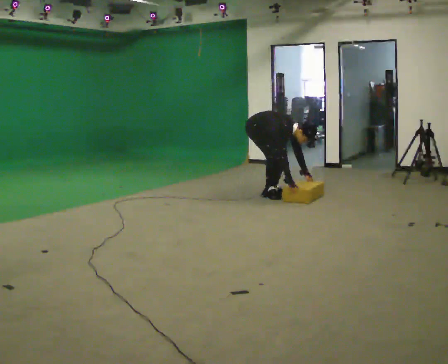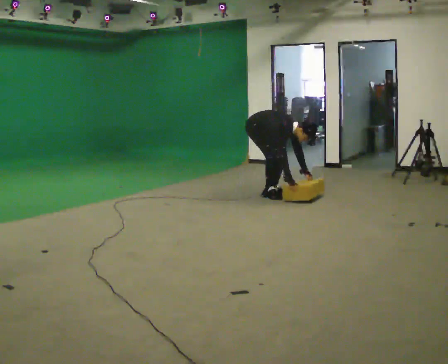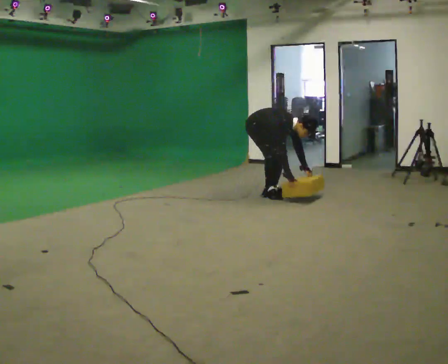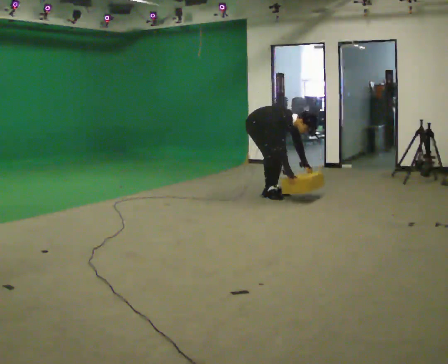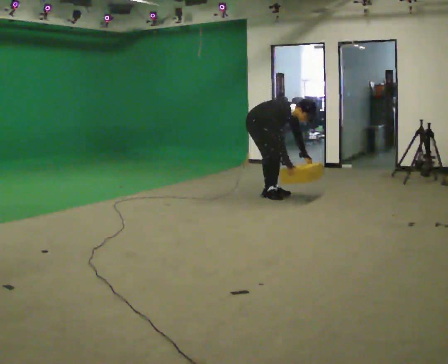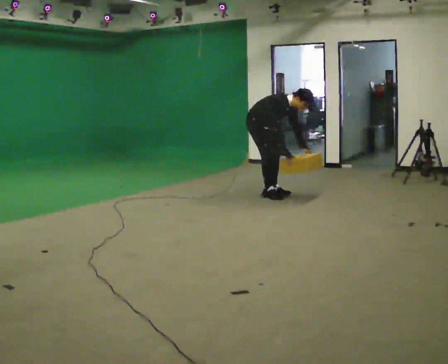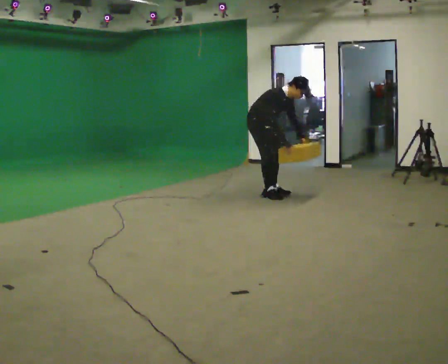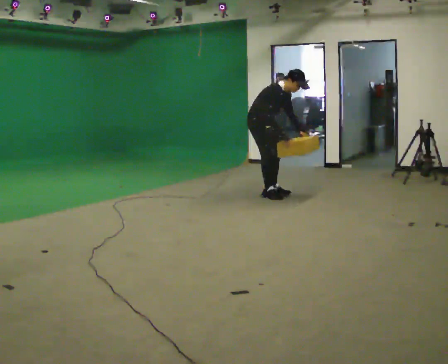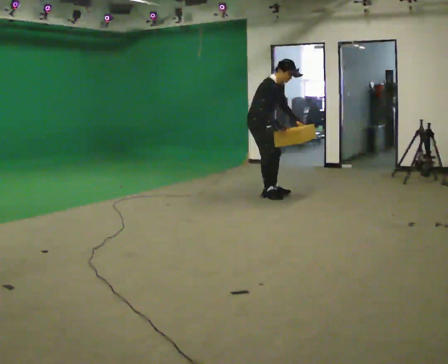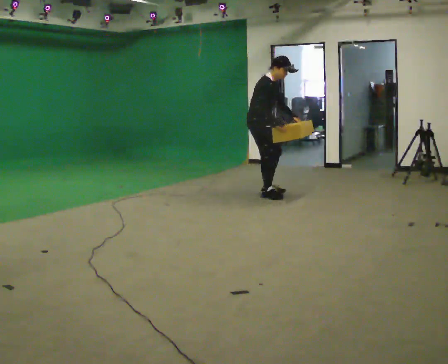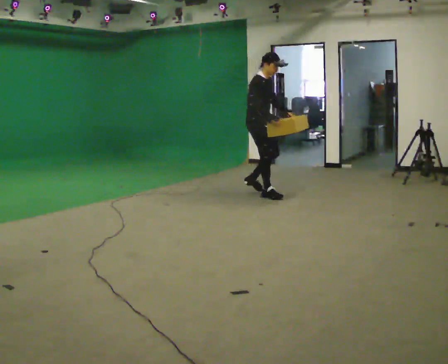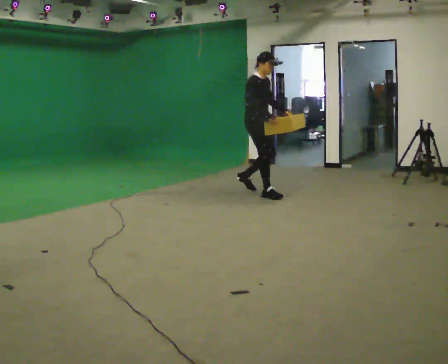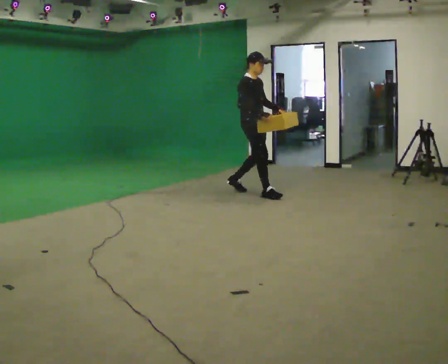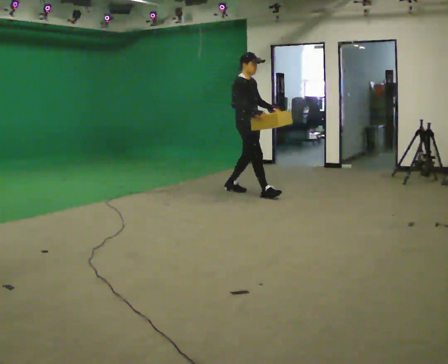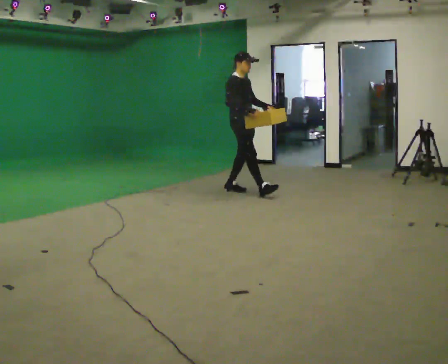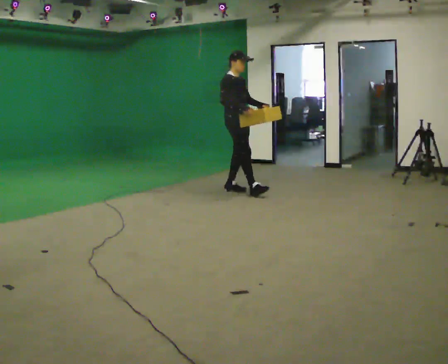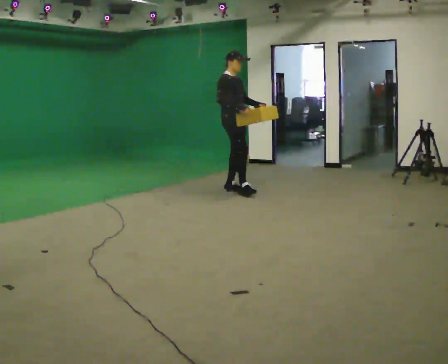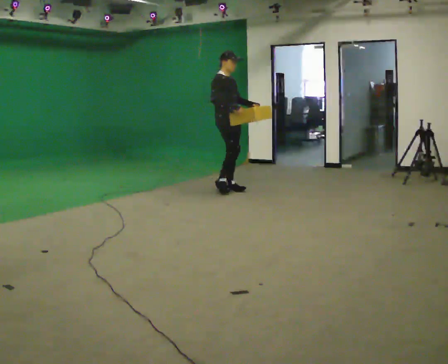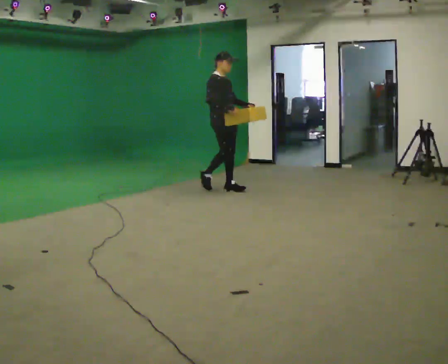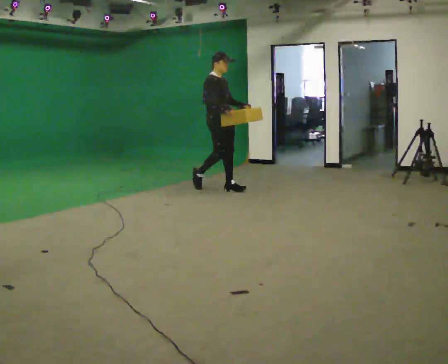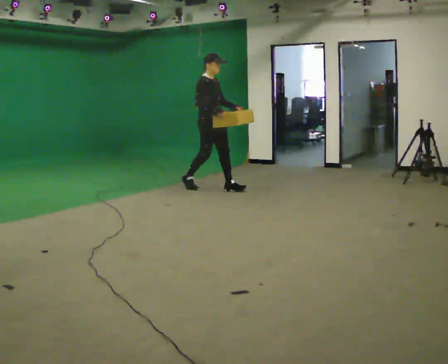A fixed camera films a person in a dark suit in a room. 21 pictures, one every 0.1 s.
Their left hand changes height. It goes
upward.
The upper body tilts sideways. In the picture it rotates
counterclockwise.
0.0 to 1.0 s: The shoulders move upward. In the picture the upper body tilts counterclockwise, shoulders to the left, as they lean back or straighten. In the picture their right hand goes upward.
1.0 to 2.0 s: In the picture they go to the left and away from the camera, about 0.75 m in 1 step, which for them is backward.
The film runs backward here.
